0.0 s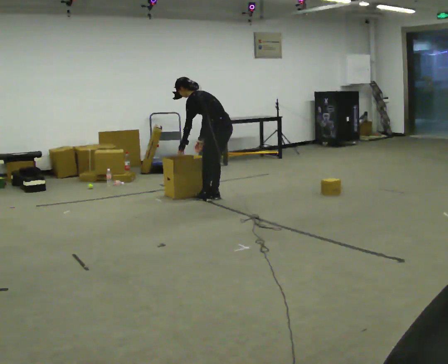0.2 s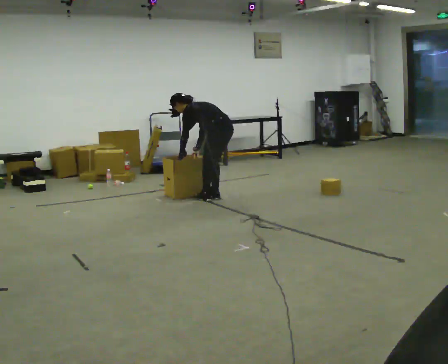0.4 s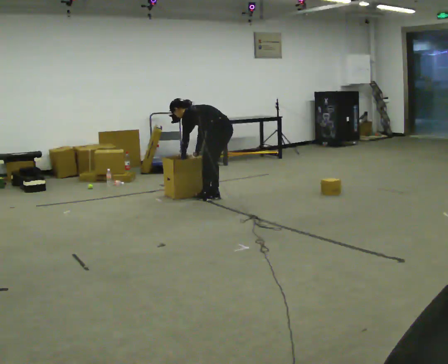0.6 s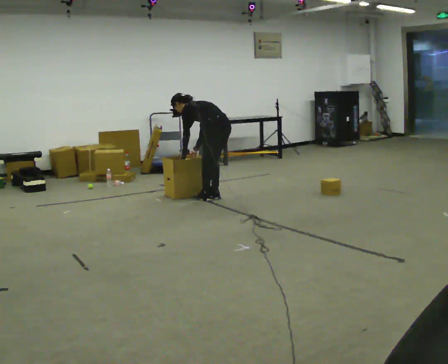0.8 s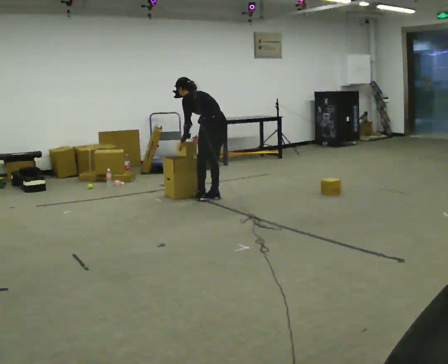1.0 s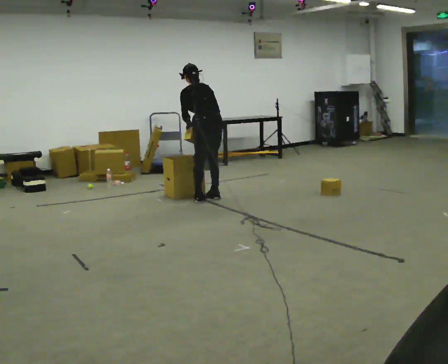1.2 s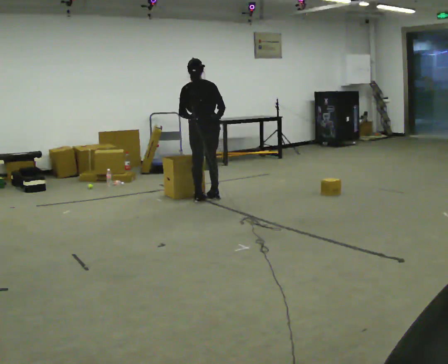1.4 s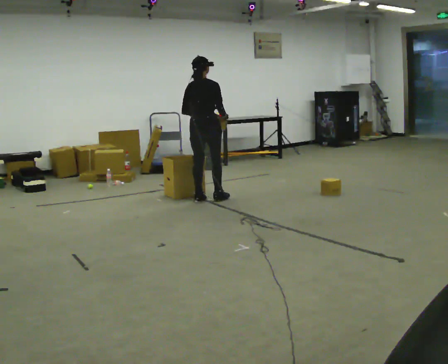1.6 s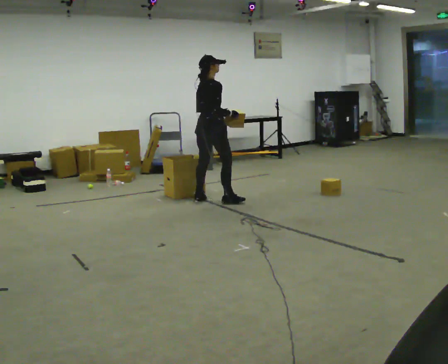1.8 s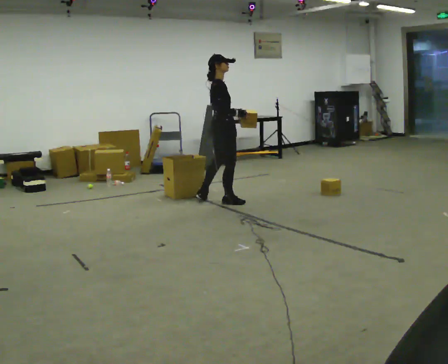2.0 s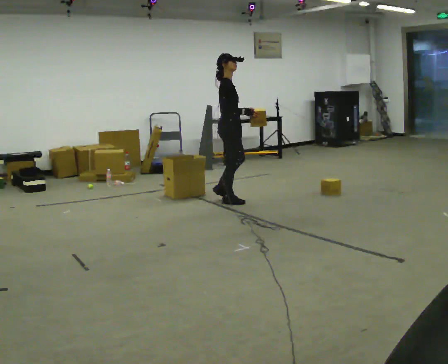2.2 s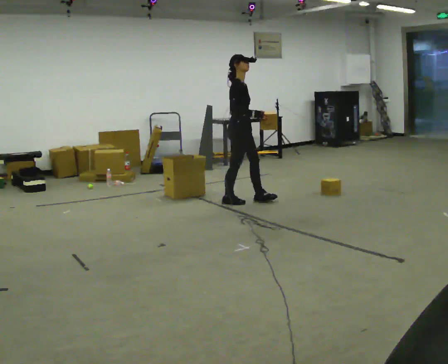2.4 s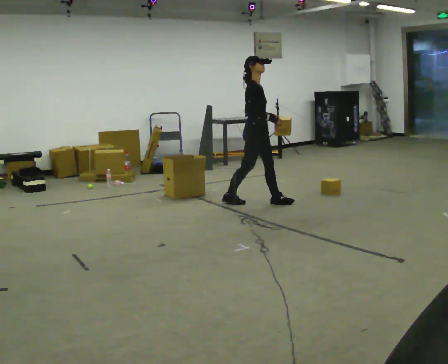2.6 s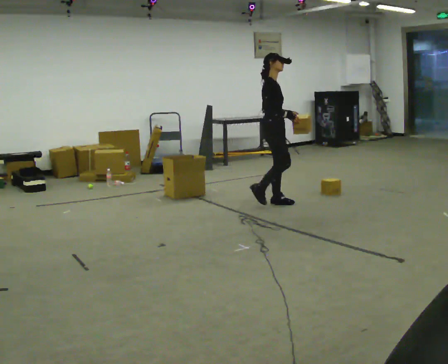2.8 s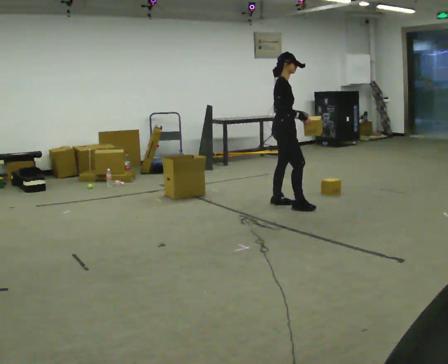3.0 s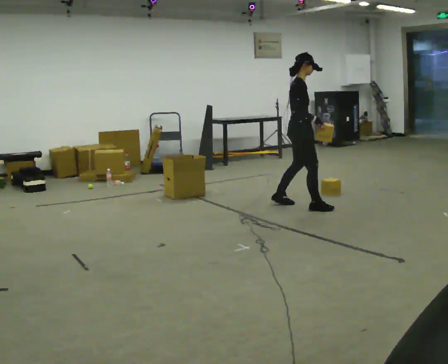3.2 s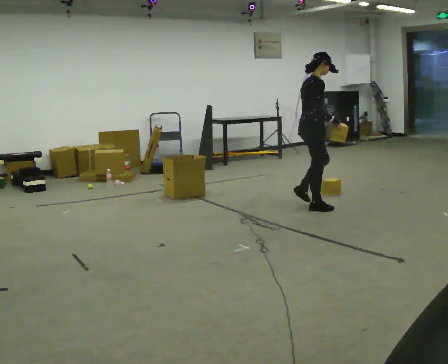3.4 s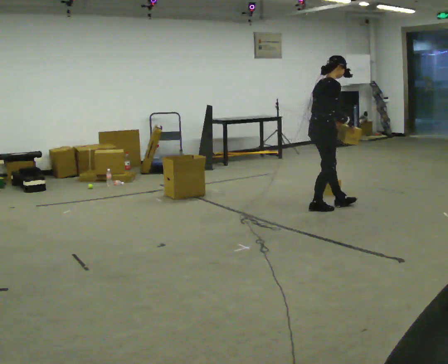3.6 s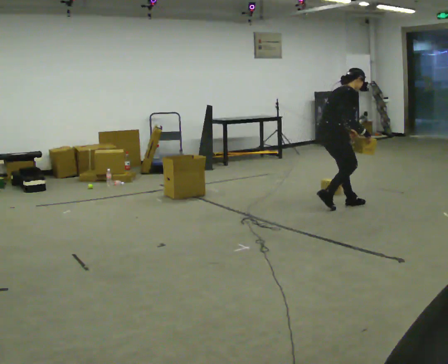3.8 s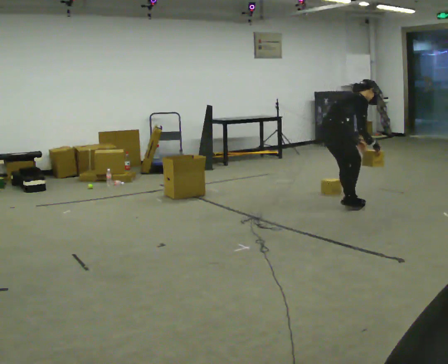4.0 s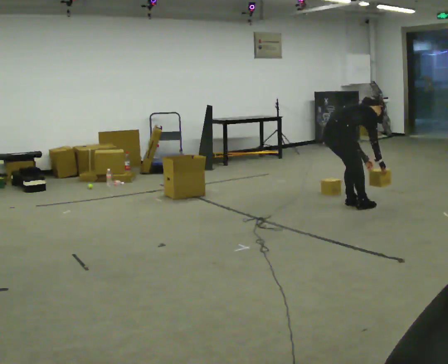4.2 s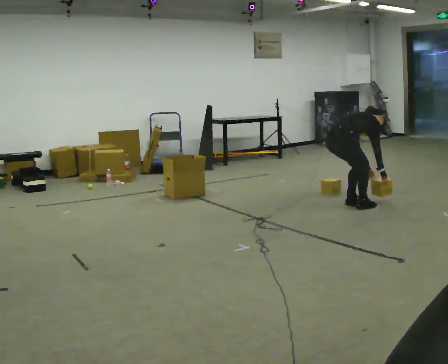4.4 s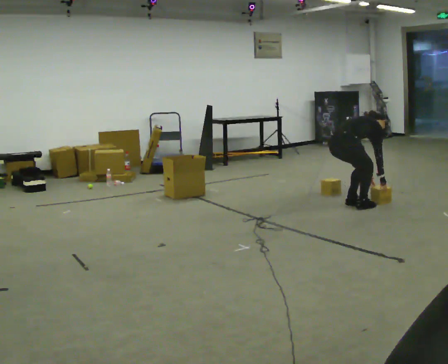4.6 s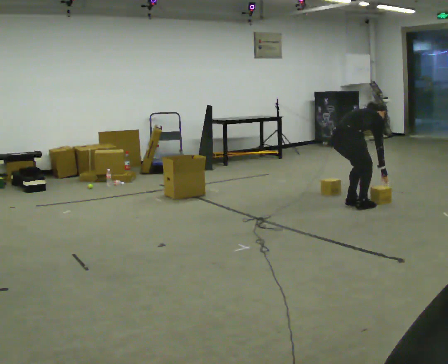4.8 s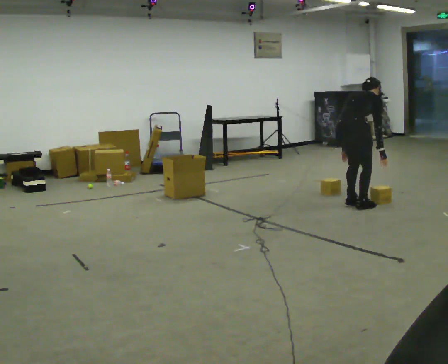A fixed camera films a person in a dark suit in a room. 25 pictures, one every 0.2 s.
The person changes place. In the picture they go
to the right.
0.0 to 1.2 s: The person turns about 45 degrees to their right, clockwise seen from above, so the part of the body nearest the lens slides to the left. In the picture they go to the left, about 0.25 m, which for them is to their left.
1.2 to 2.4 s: Seen from above the body turns clockwise, about 120 degrees: to their right, with its near side sliding to the left. In the picture they go to the right, about 0.5 m in 2 steps. The upper body tips toward the camera, its near side rolling downward.
2.4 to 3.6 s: Seen from above the body turns counterclockwise, about 30 degrees: to their left, with its near side sliding to the right. In the picture they go to the right and toward the camera, about 1 m in 2 steps, which for them is forward. In the picture the upper body tilts clockwise, shoulders to the right, as they bend forward.
3.6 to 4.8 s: Seen from above the body turns counterclockwise, about 30 degrees: to their left, with its near side sliding to the right. In the picture they go to the right, about 0.25 m in 1 step, which for them is to their right and forward.
The film runs forward here.
